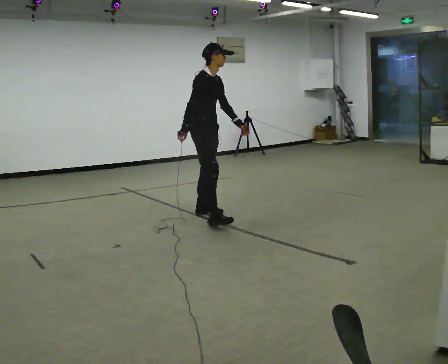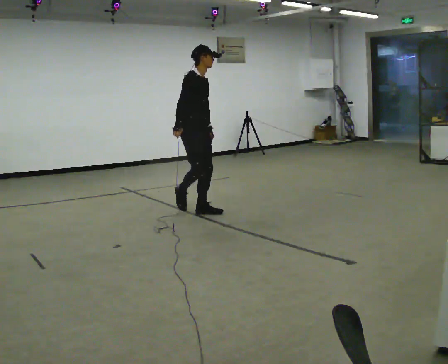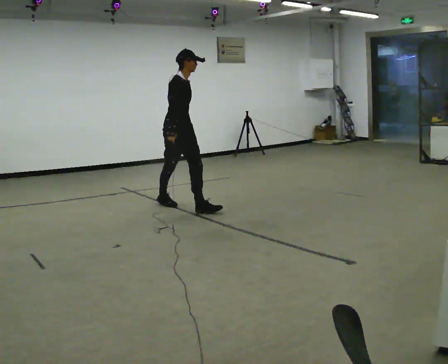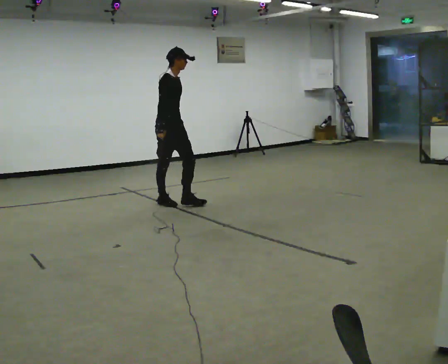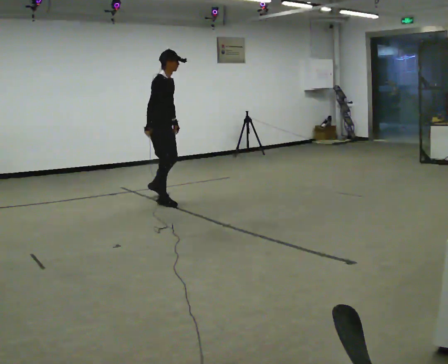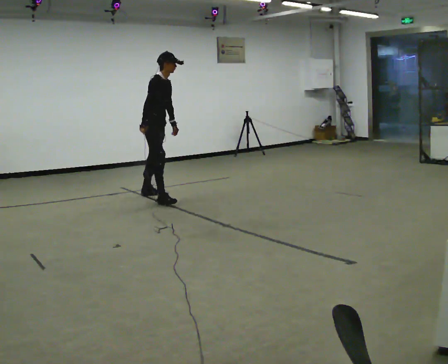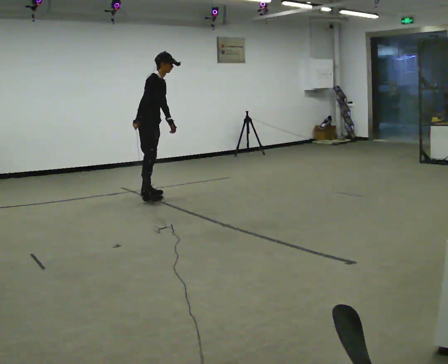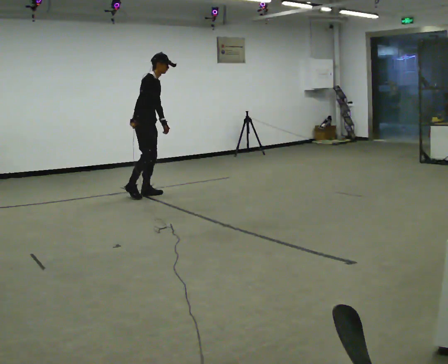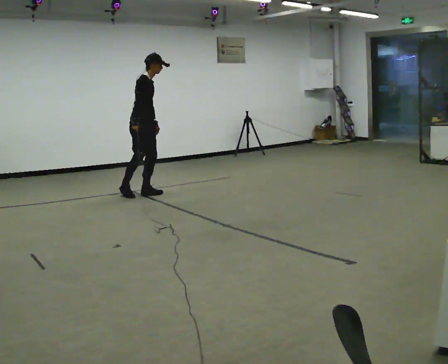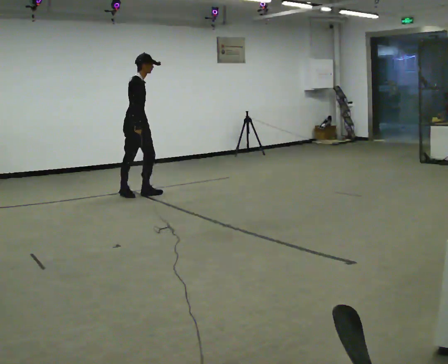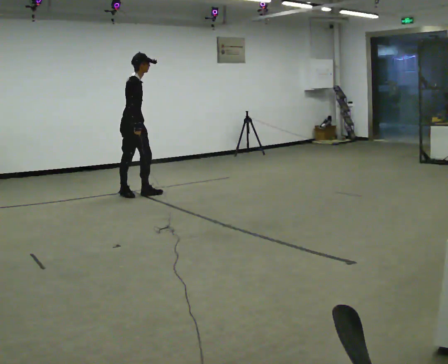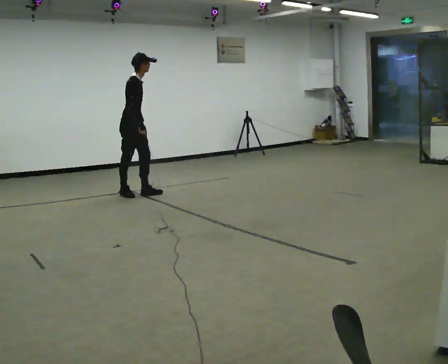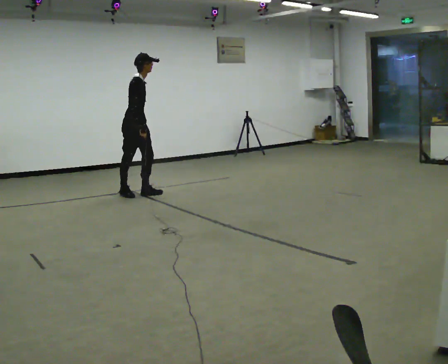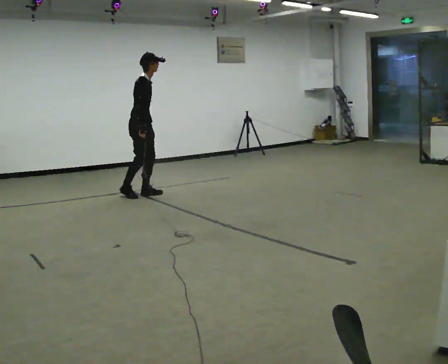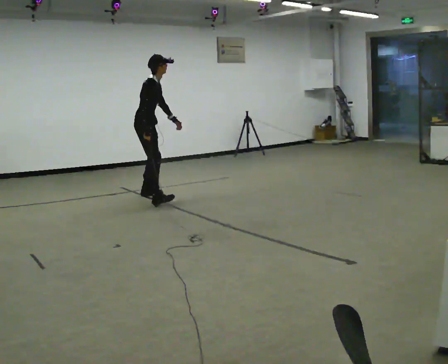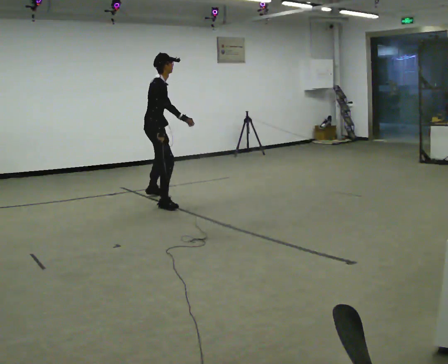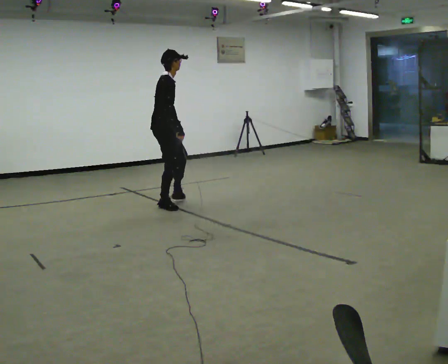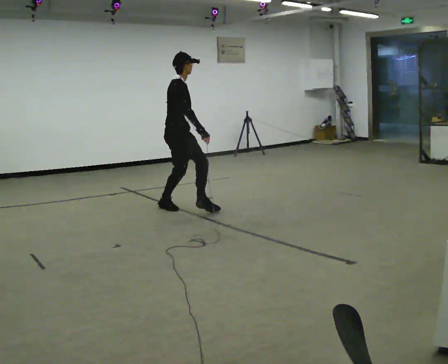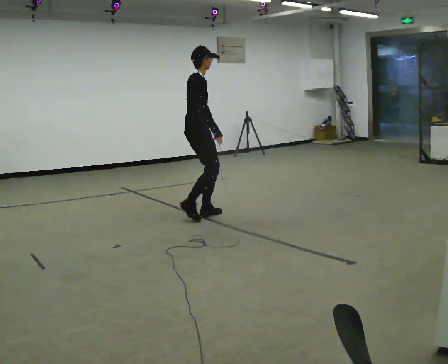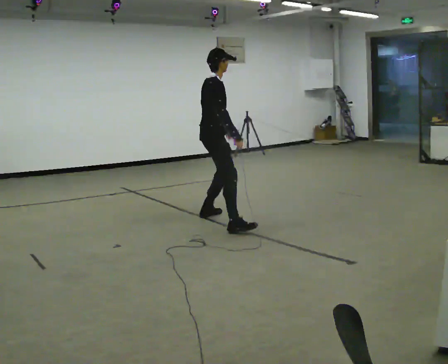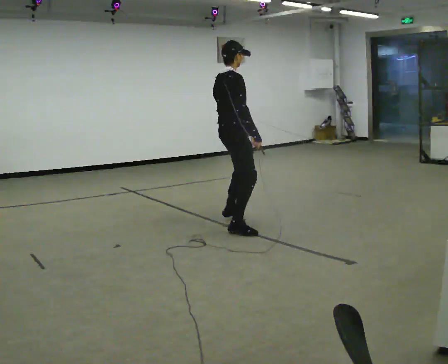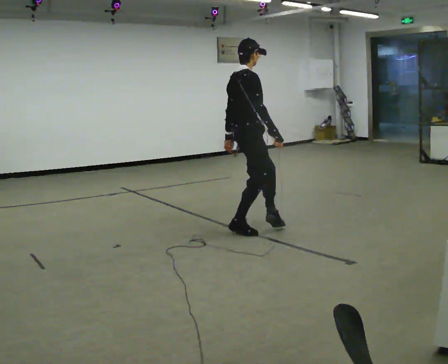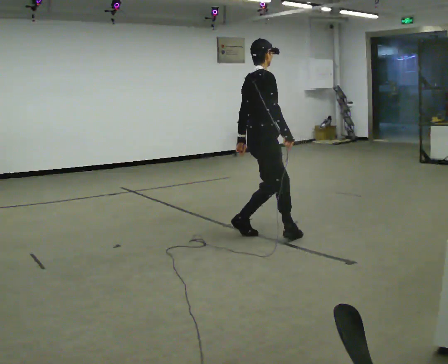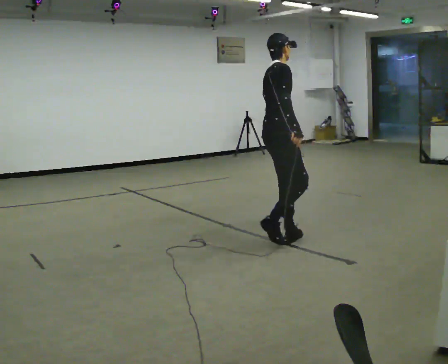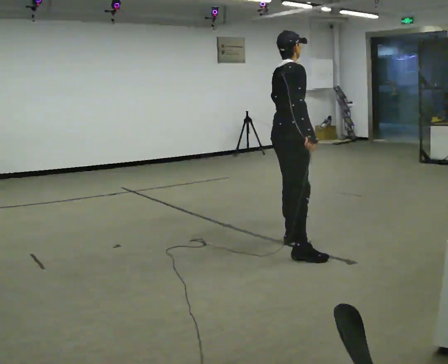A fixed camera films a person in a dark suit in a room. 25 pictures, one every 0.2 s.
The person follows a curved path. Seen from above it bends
counterclockwise.
0.0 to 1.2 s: In the picture they go away from the camera and to the left, about 1 m in 2 steps, which for them is backward and to their left.
1.2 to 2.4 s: In the picture they go to the left, about 0.25 m, which for them is backward. In the picture their left hand goes to the left.
2.4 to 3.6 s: In the picture they go toward the camera and to the right, about 1 m in 3 steps, which for them is to their right and forward.
3.6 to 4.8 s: In the picture they go toward the camera and to the right, about 1.5 m in 2 steps, which for them is to their right.
The film runs backward here.
